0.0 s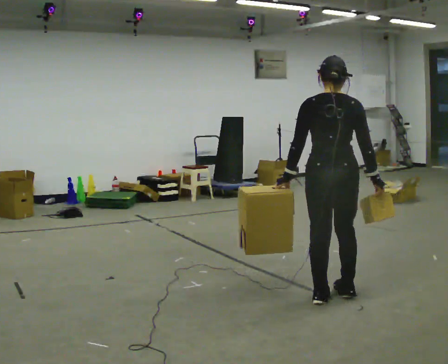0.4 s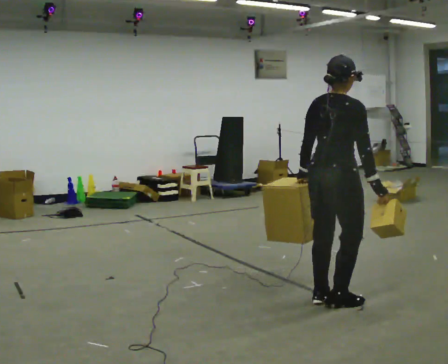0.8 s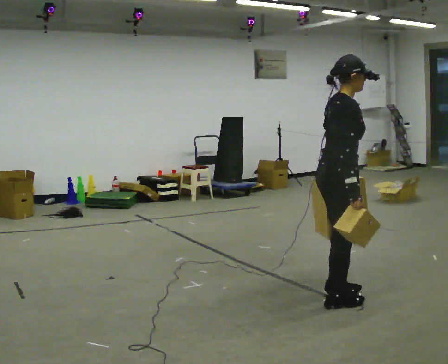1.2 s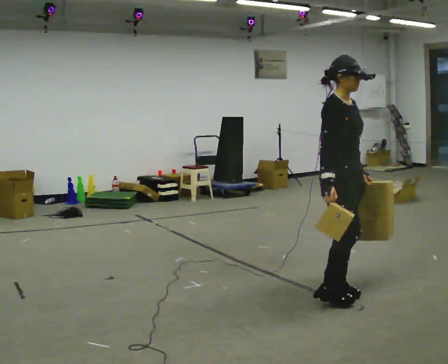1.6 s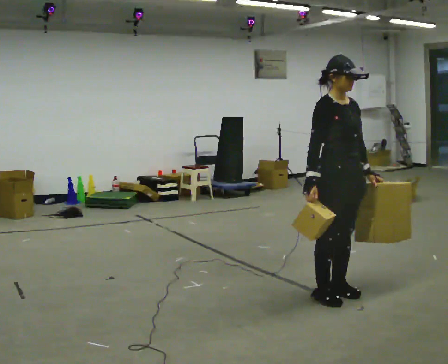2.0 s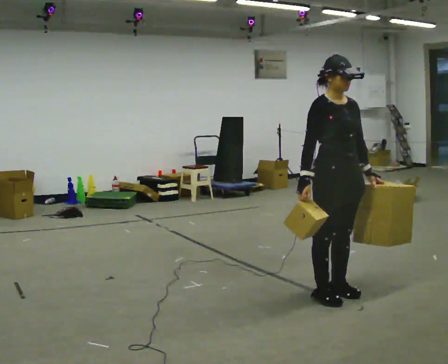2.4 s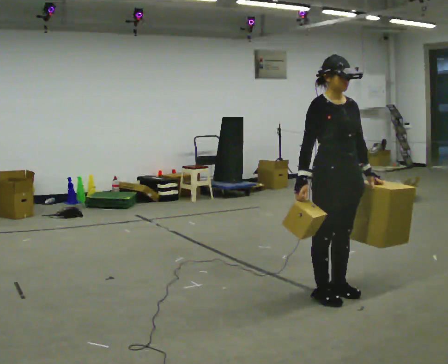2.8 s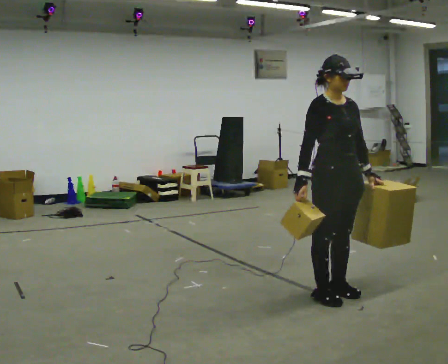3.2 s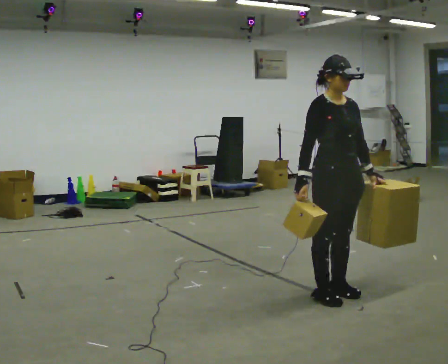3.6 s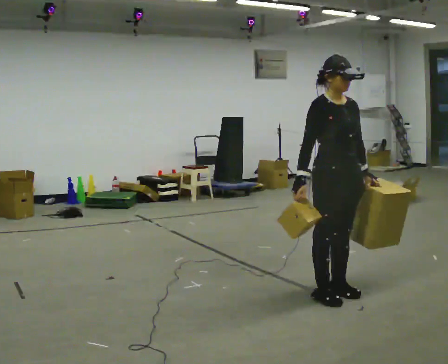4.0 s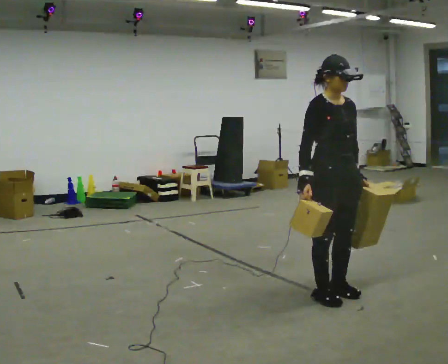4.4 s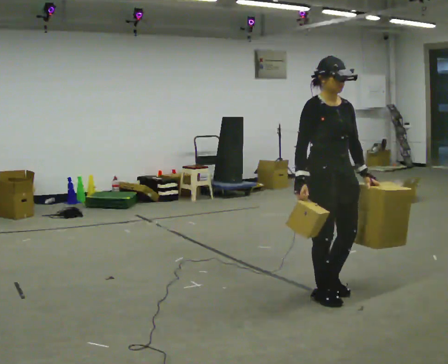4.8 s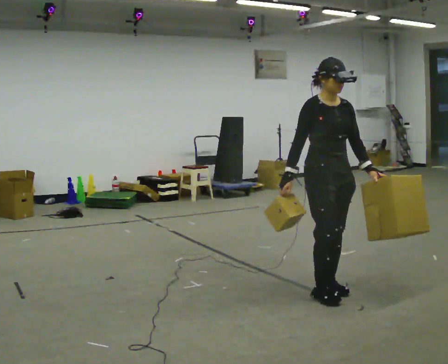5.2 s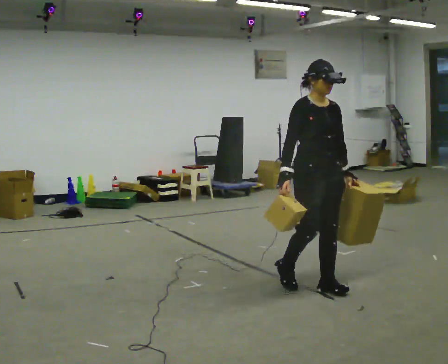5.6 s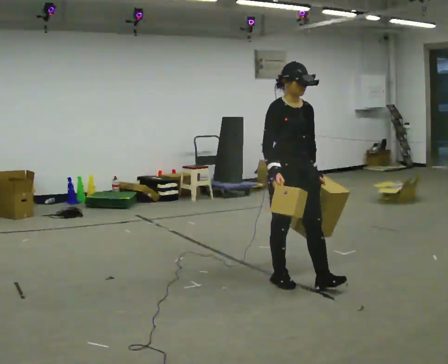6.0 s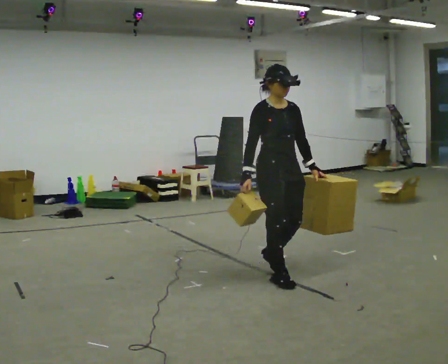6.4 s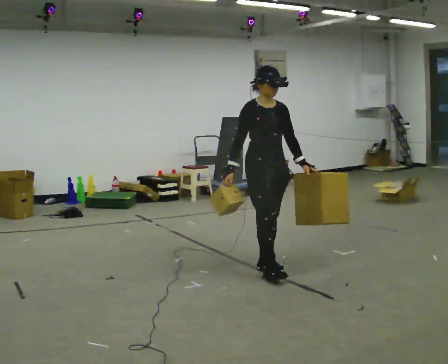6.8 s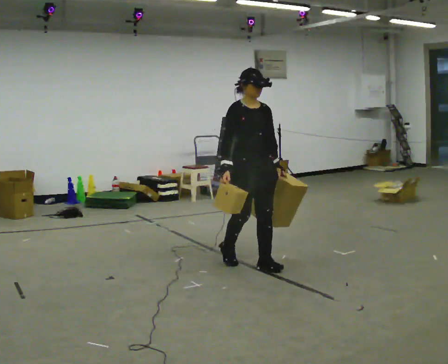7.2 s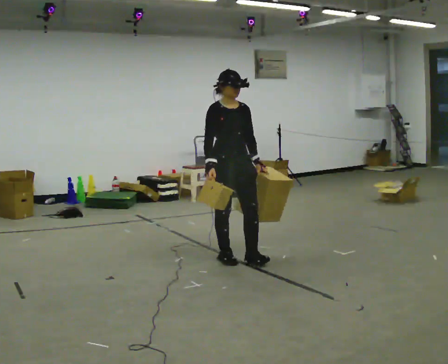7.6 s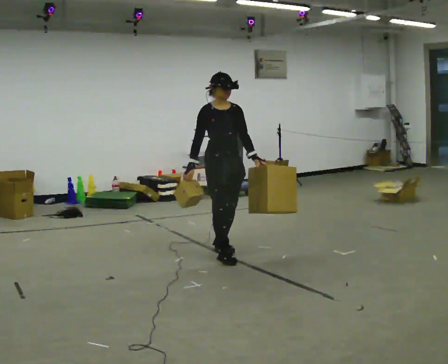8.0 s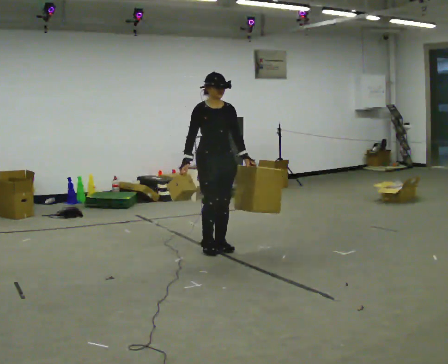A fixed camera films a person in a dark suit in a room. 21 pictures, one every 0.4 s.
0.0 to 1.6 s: The person turns about 135 degrees to their right, clockwise seen from above, so the part of the body nearest the lens slides to the left. In the picture their right hand goes to the left, the arm swinging clockwise.
1.6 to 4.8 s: The person moves a little, or ends about where they began.
4.8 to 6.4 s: In the picture they go away from the camera and to the left, about 0.75 m in 3 steps, which for them is backward.
6.4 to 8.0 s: In the picture they go away from the camera and to the left, about 1 m in 2 steps, which for them is backward.
The film runs backward here.
